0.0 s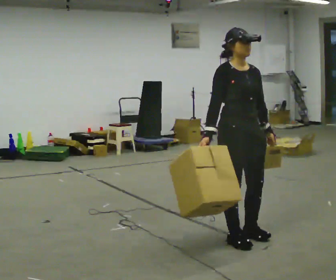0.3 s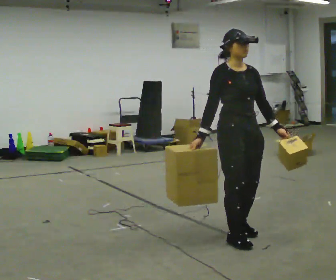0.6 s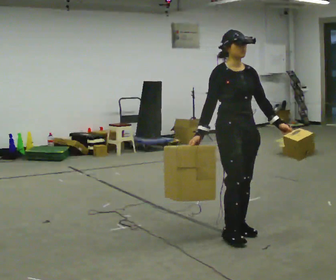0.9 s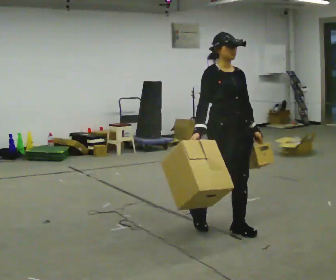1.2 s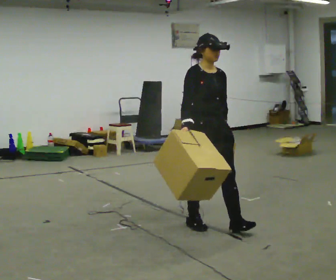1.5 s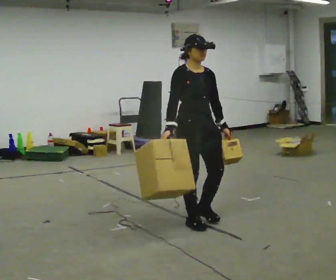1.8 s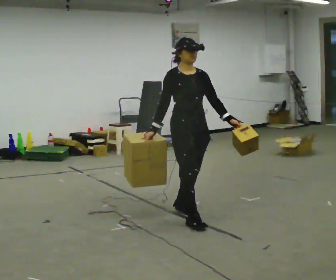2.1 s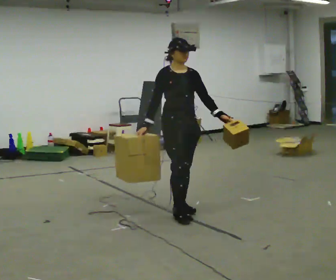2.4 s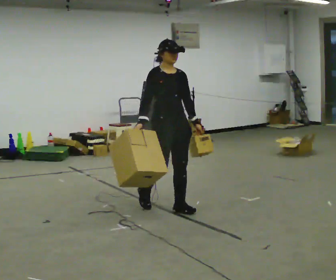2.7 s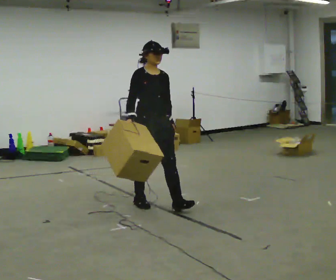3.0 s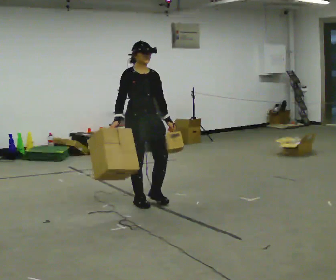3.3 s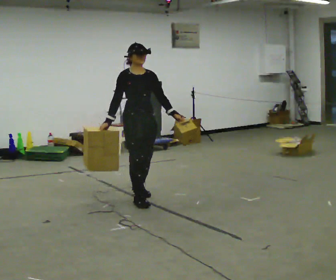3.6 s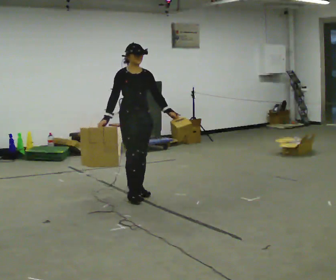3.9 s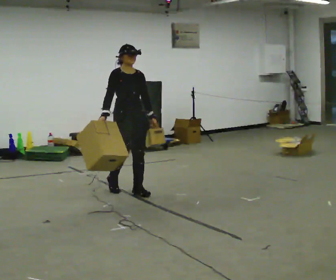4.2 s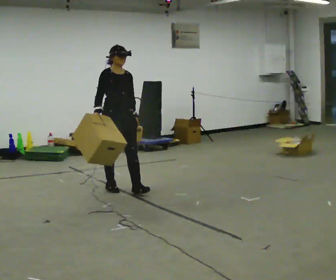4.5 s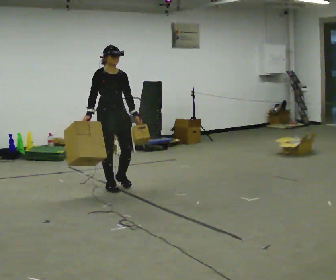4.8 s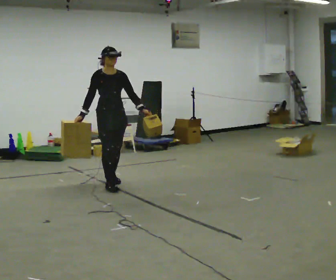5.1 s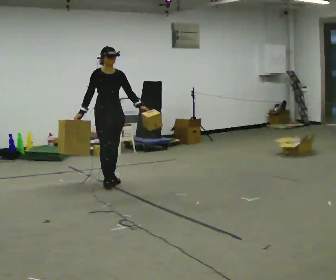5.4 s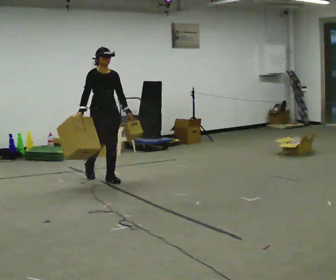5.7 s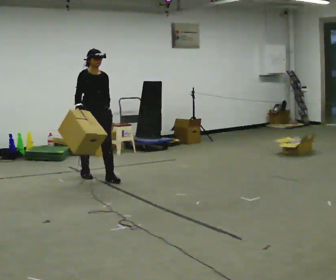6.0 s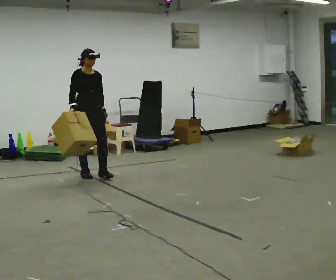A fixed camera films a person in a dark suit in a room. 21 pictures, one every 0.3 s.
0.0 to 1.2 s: In the picture they go away from the camera and to the left, about 0.5 m in 2 steps, which for them is backward.
1.2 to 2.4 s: In the picture they go away from the camera and to the left, about 0.75 m in 2 steps, which for them is backward.
2.4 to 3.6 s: In the picture they go away from the camera and to the left, about 0.75 m in 2 steps, which for them is backward.
3.6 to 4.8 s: In the picture they go away from the camera and to the left, about 0.5 m in 1 step, which for them is backward.
4.8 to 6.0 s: In the picture they go away from the camera and to the left, about 0.5 m in 2 steps, which for them is backward.
The film runs backward here.
